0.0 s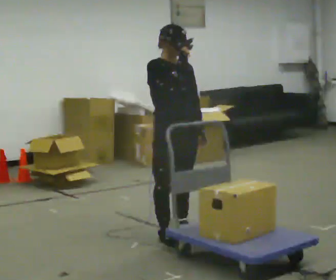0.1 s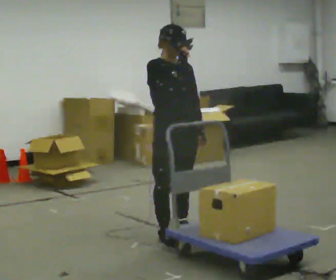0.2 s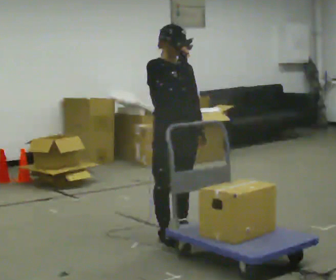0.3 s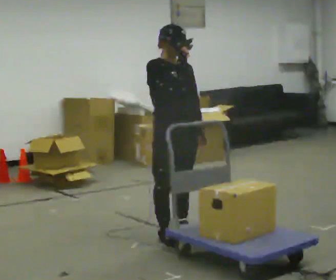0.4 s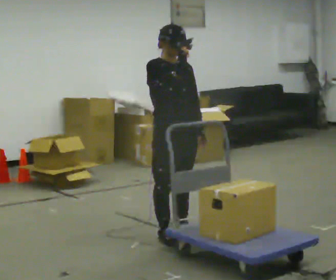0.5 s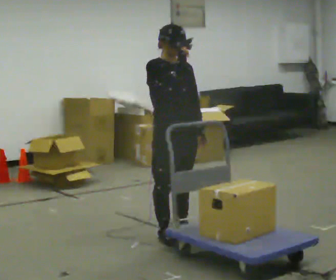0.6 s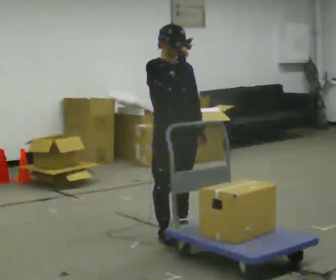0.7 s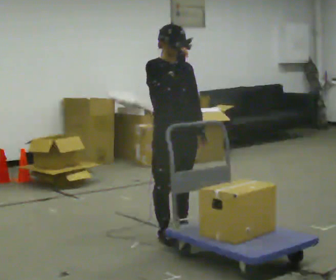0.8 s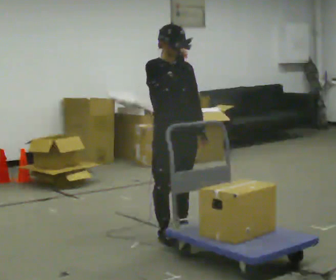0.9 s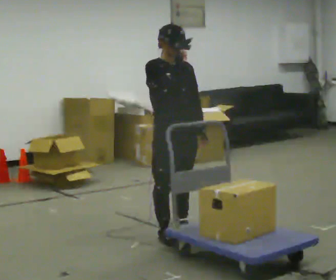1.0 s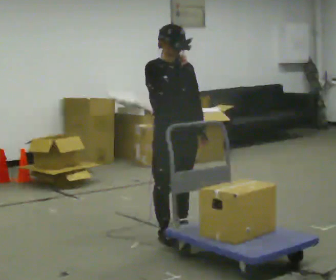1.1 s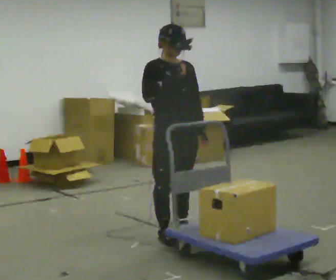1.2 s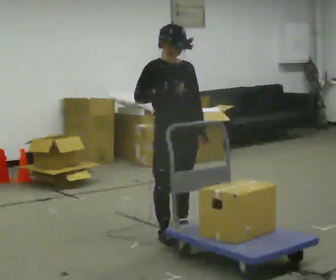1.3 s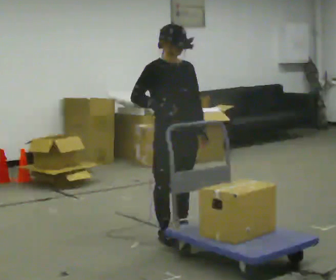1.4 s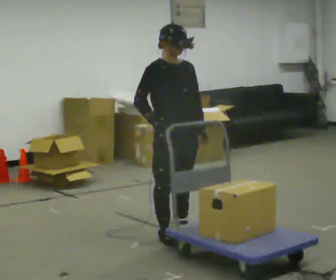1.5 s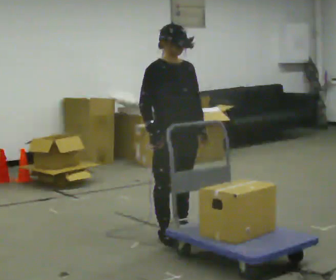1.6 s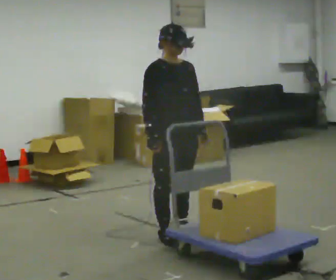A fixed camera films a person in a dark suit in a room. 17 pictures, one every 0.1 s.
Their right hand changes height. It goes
downward.
0.0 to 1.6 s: In the picture their right hand goes downward.
The film runs backward here.
